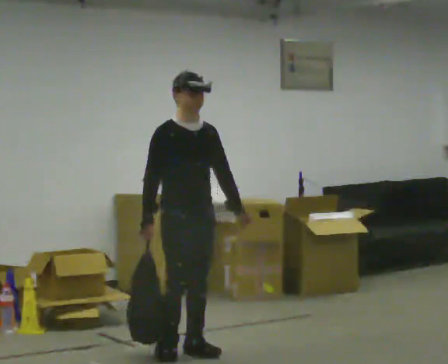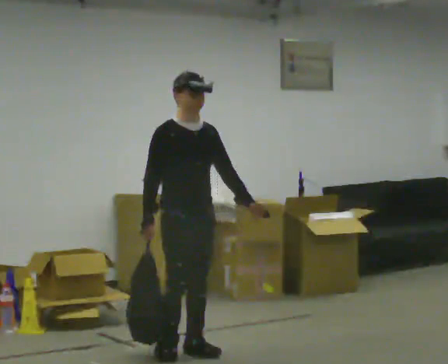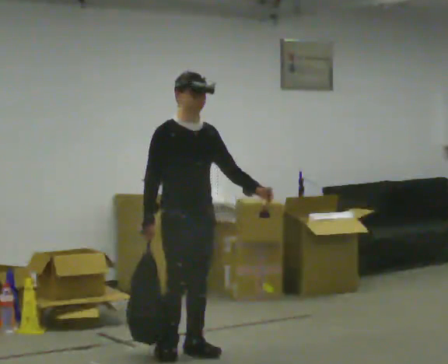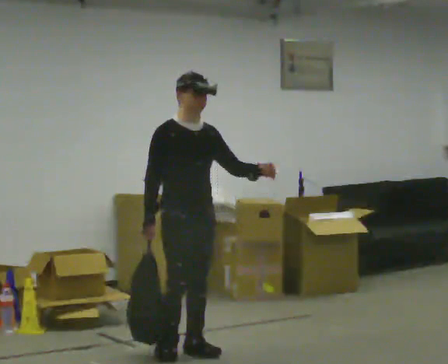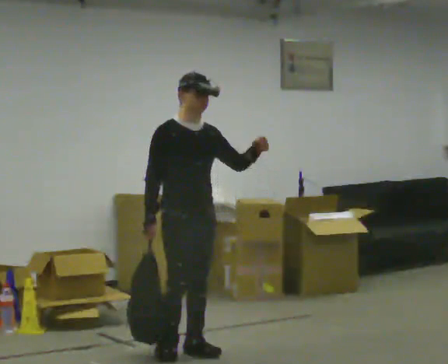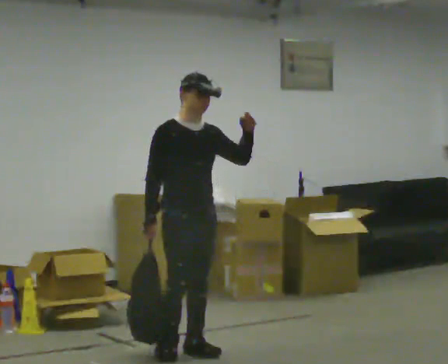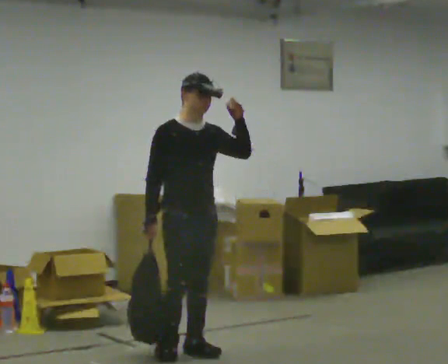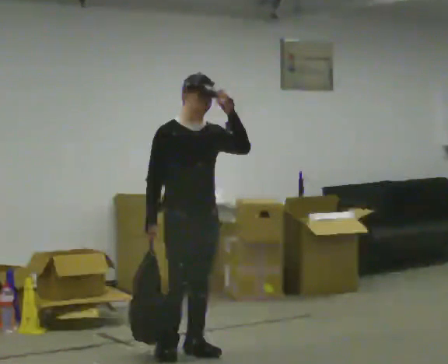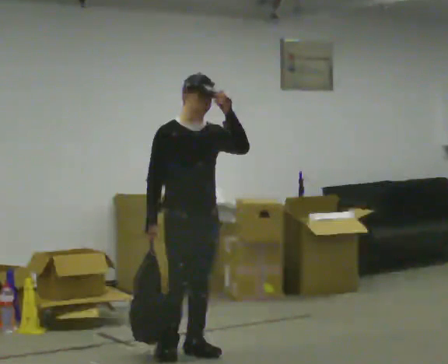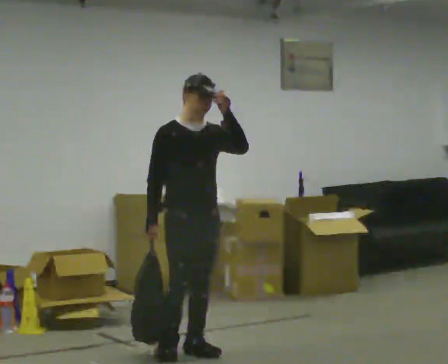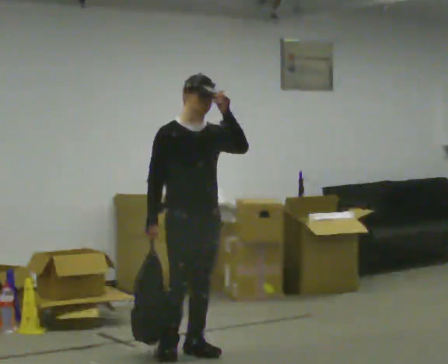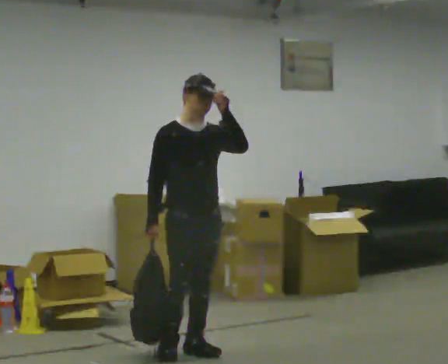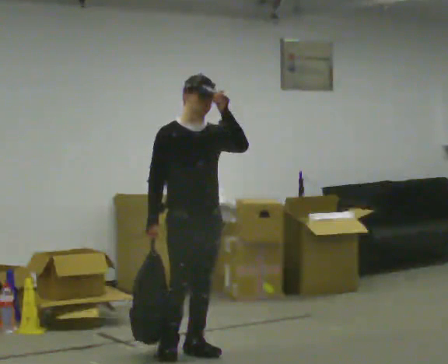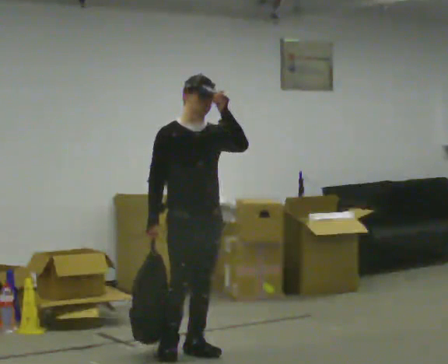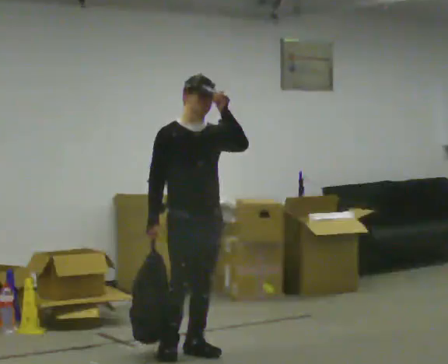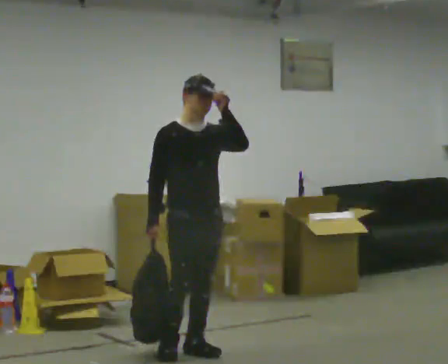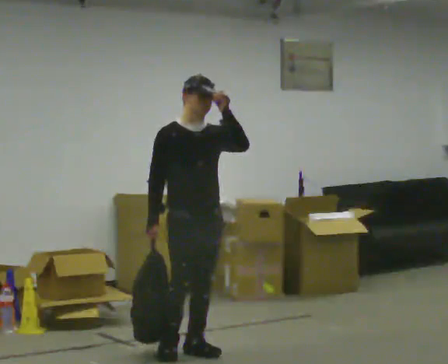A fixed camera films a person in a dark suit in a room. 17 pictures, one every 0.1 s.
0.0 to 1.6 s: In the picture their left hand goes upward.
The film runs forward here.
